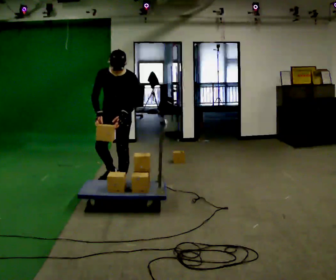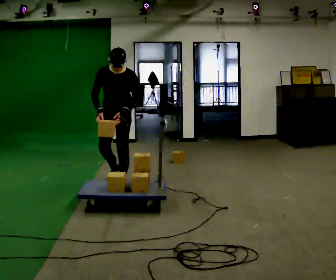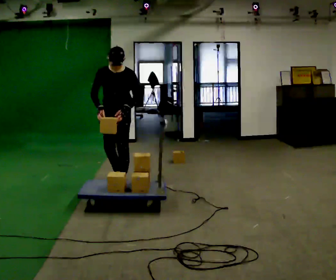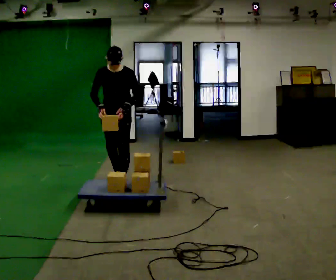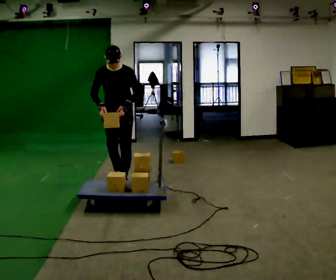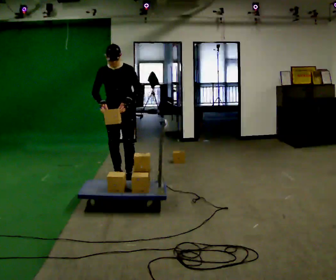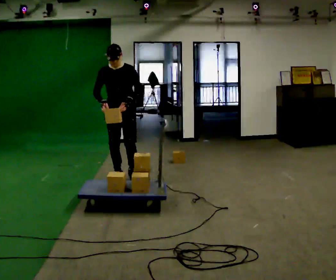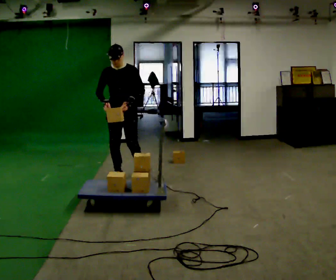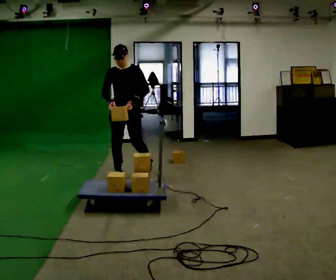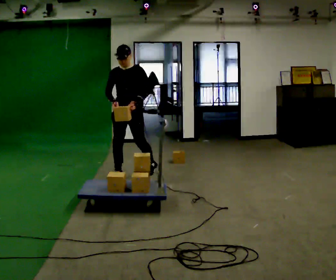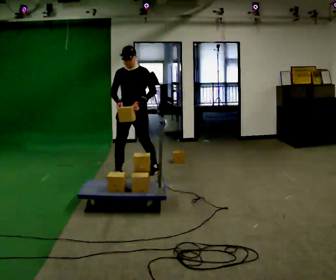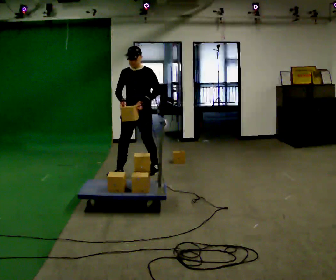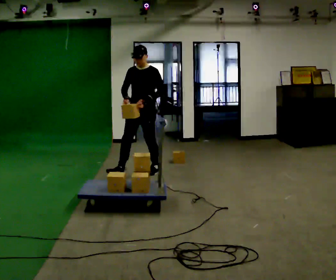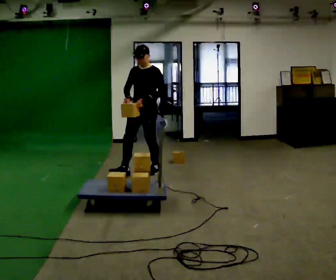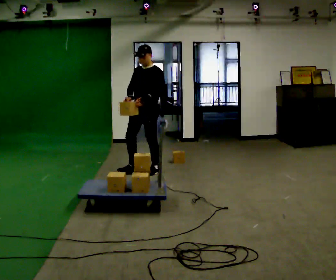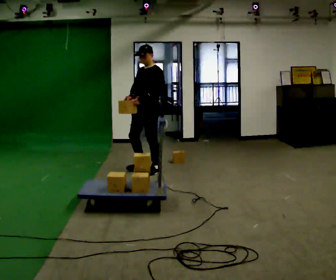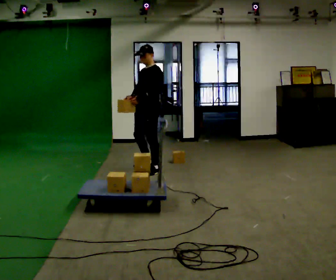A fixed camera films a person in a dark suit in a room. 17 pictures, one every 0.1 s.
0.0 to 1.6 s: Seen from above the body turns clockwise, about 45 degrees: to their right, with its near side sliding to the left. In the picture they go away from the camera and to the right, about 0.5 m in 2 steps, which for them is backward. The upper body tips away from the camera, its near side rolling upward, as they lean back or straighten.
The film runs backward here.
